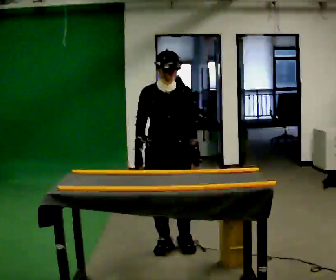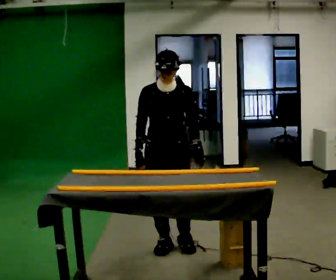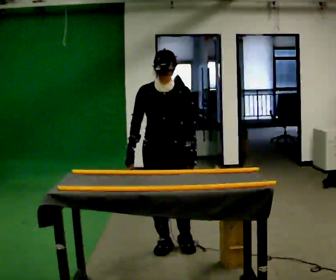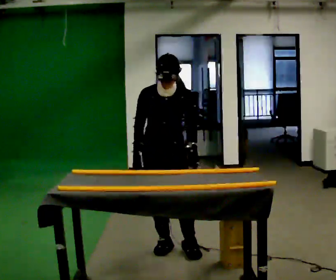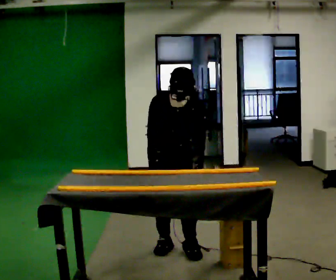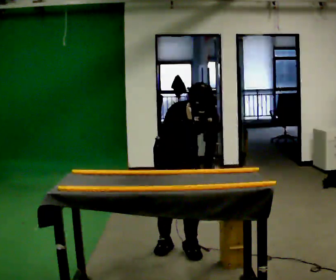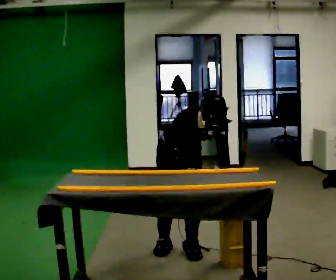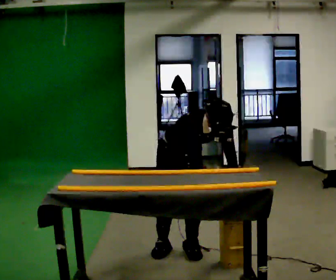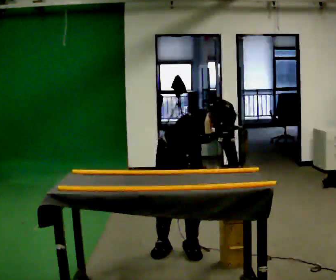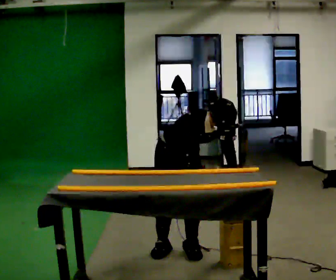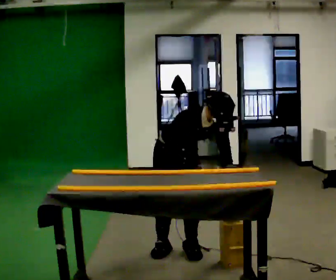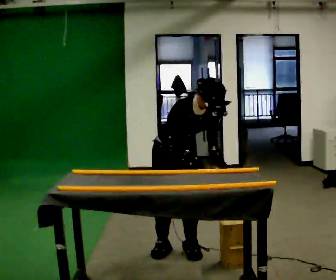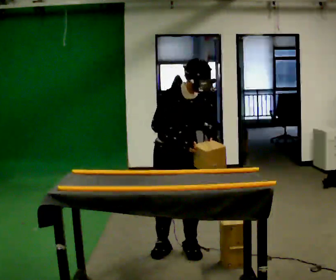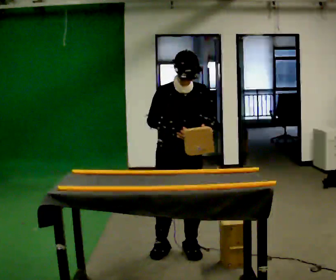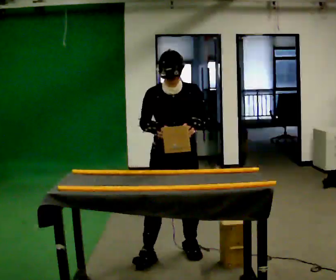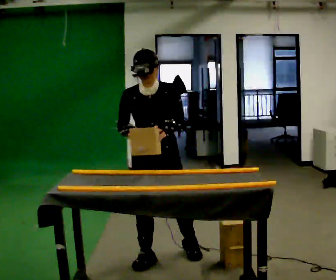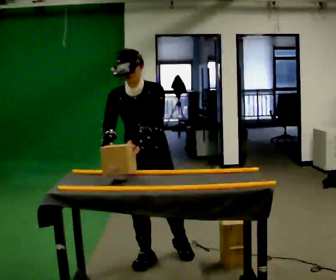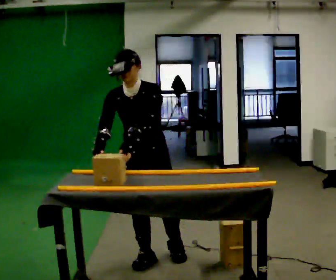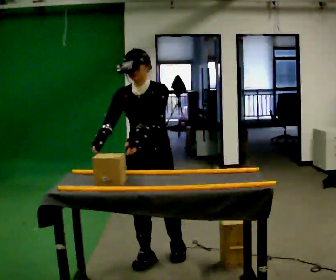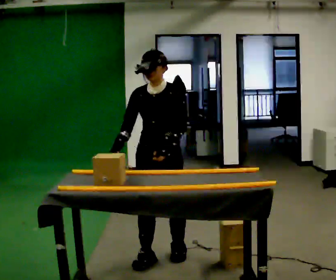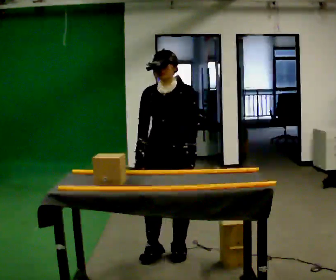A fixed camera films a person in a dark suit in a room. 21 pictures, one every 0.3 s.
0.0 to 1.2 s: The upper body tips toward the camera, its near side rolling downward, as they bend forward.
1.2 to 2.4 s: The shoulders move downward. In the picture the upper body tilts clockwise, shoulders to the right, as they bend forward. In the picture their right hand goes to the right.
2.4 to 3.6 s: The upper body goes upward. The upper body tips away from the camera, its near side rolling upward, as they lean back or straighten. In the picture their right hand goes upward.
3.6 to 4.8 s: Seen from above the body turns clockwise, about 30 degrees: to their right, with its near side sliding to the left. In the picture they go to the left and toward the camera, about 0.25 m in 1 step, which for them is to their right and forward. In the picture the upper body tilts counterclockwise, shoulders to the left.
4.8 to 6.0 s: In the picture they go to the right, about 0.25 m in 1 step, which for them is backward and to their left.
The film runs backward here.
